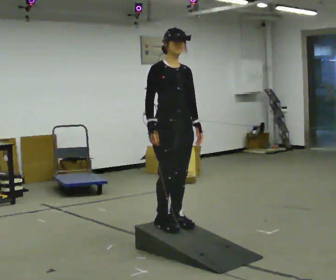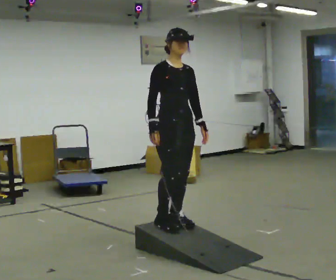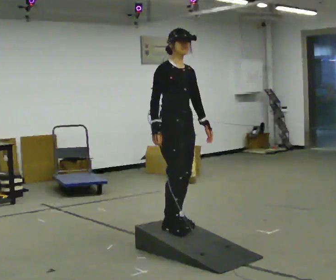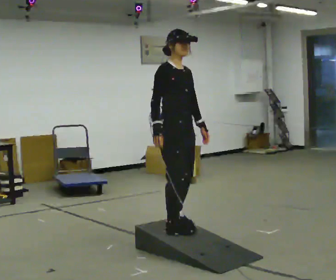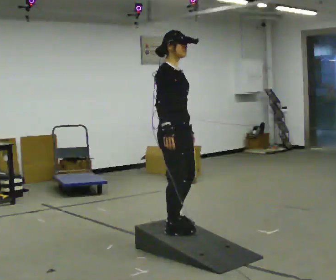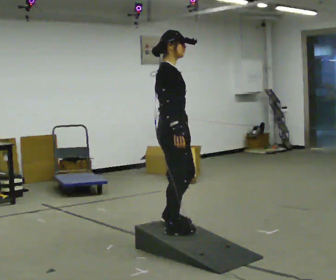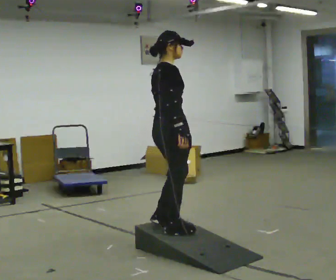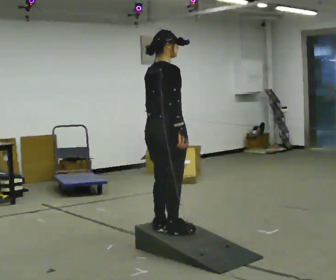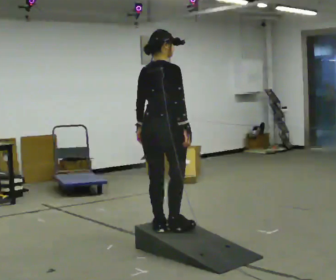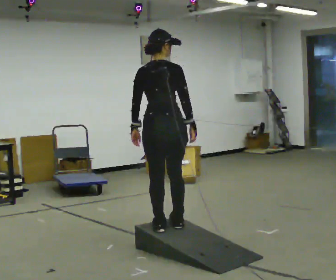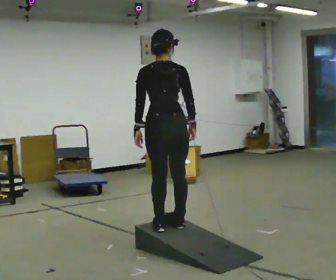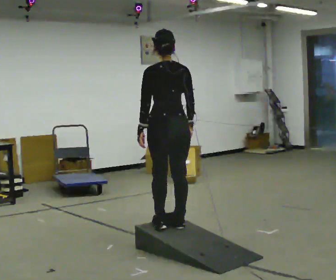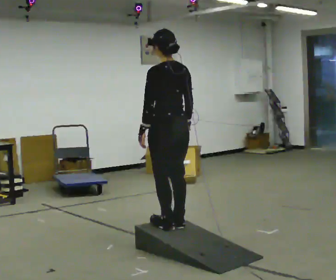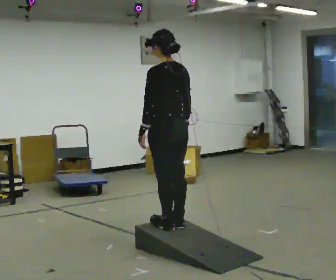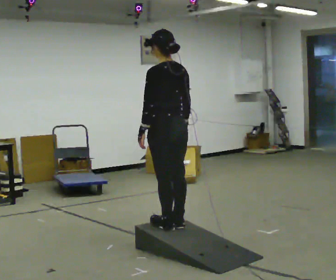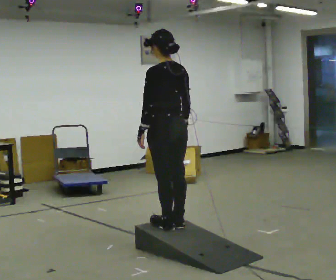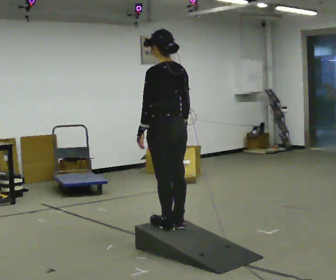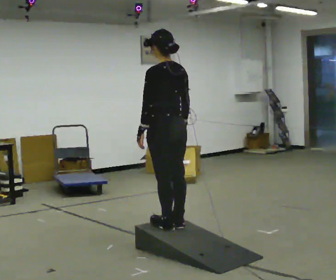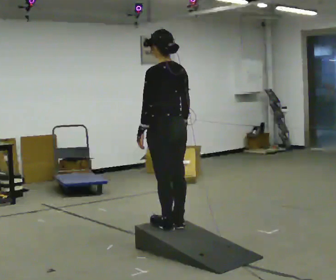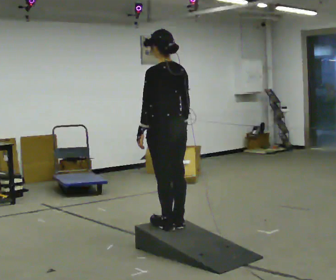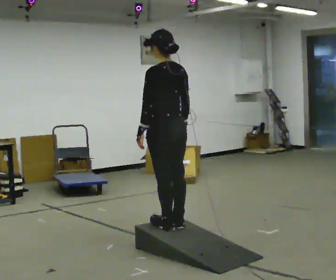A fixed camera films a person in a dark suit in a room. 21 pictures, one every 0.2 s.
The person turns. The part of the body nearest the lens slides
to the right.
The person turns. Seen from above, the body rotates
counterclockwise.
0.0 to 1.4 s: The person turns about 90 degrees to their left, counterclockwise seen from above, so the part of the body nearest the lens slides to the right. In the picture their left hand goes to the left.
1.4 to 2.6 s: The part of the body nearest the lens slides to the right as the person turns to their left by about 90 degrees.
2.6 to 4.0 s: The person keeps their place and pose.
The film runs backward here.
